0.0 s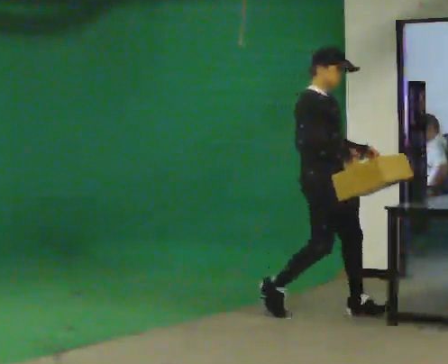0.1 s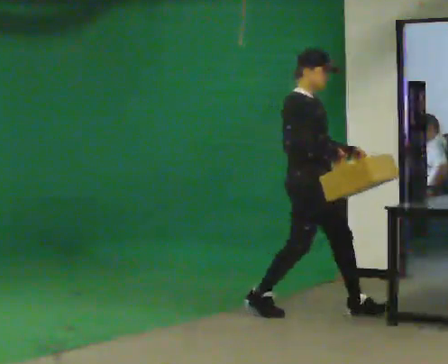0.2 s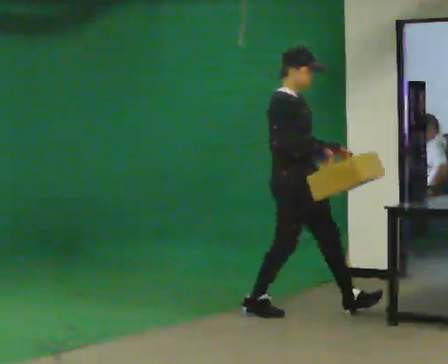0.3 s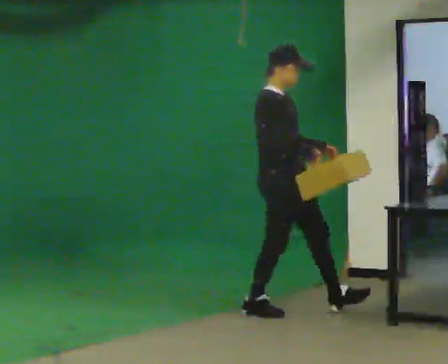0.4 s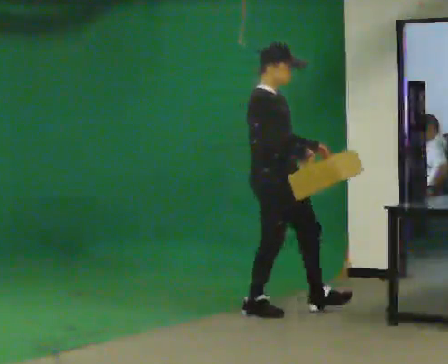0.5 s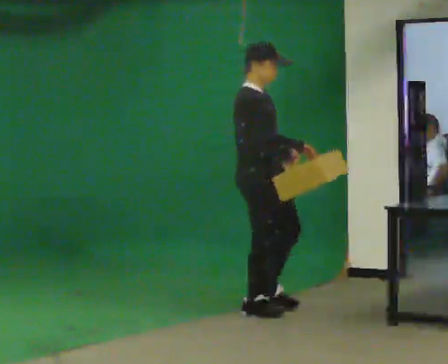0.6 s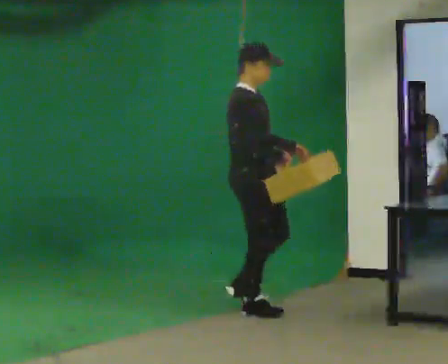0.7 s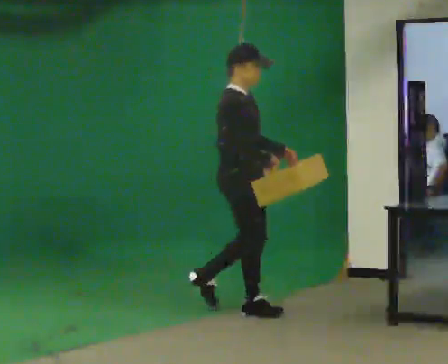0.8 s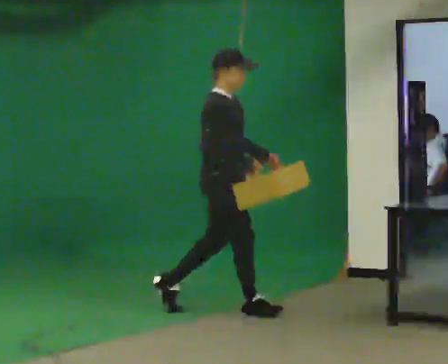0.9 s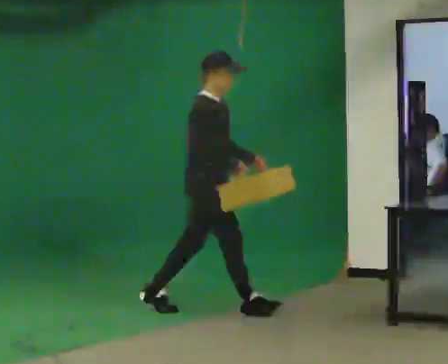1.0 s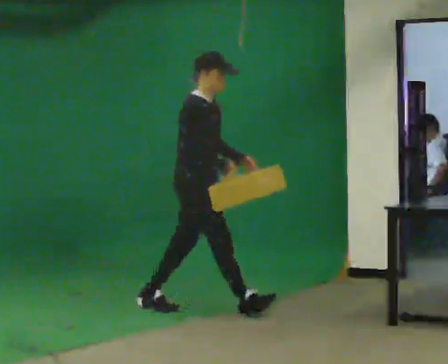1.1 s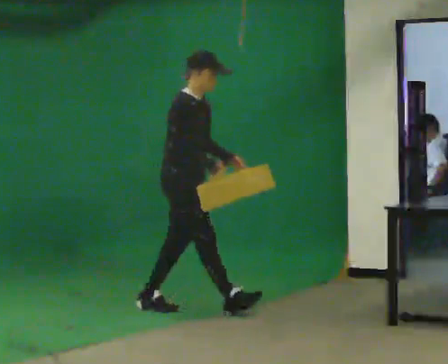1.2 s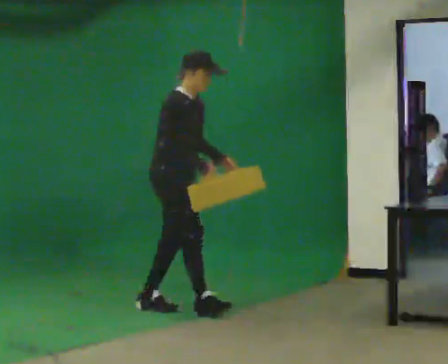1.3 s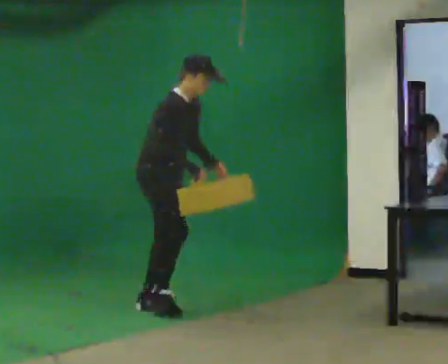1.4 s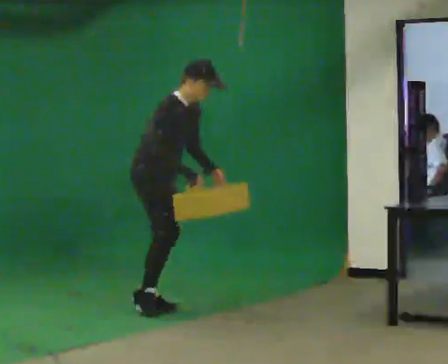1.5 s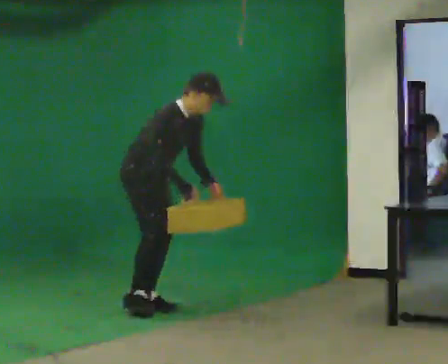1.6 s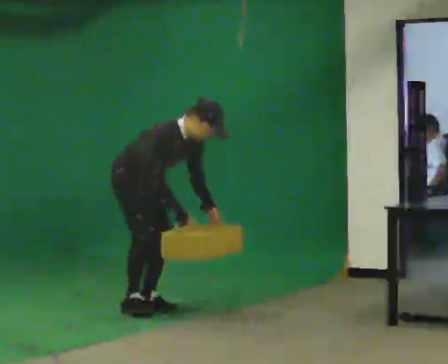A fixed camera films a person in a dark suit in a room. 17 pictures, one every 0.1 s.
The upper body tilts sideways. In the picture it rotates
clockwise.
The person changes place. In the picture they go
to the left.
0.0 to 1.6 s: In the picture they go to the left, about 1.5 m in 2 steps, which for them is backward. The shoulders move downward. In the picture the upper body tilts clockwise, shoulders to the right, as they bend forward. In the picture their right hand goes downward.
The film runs backward here.
